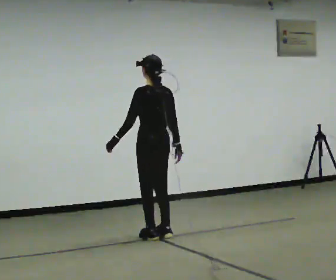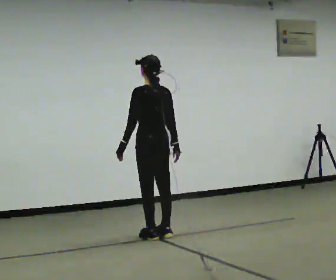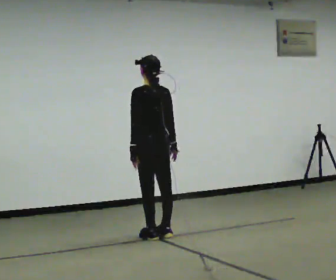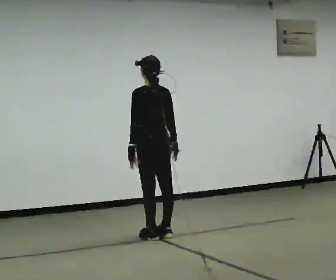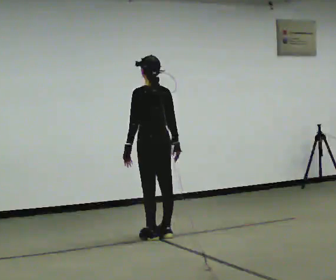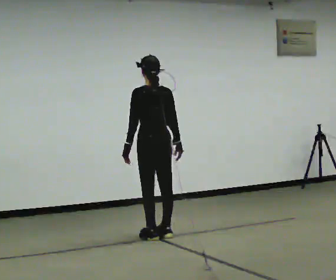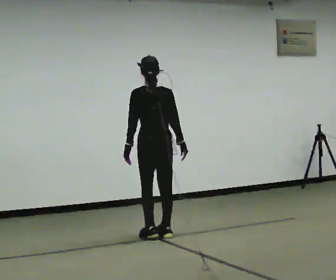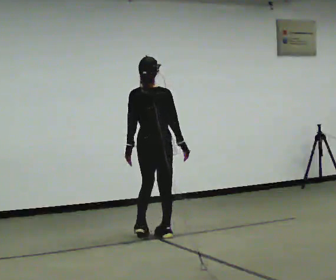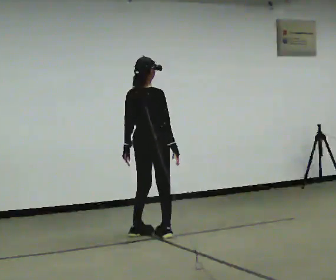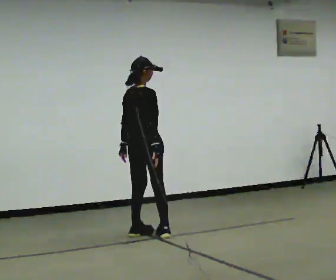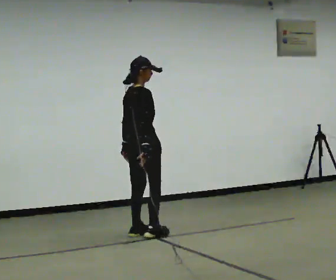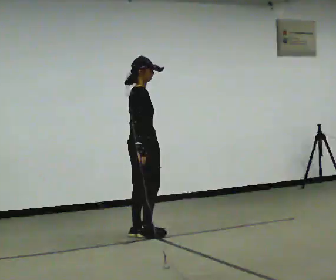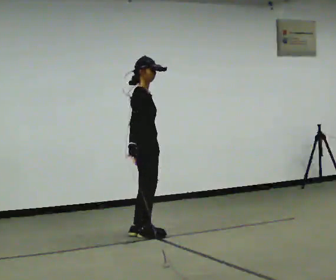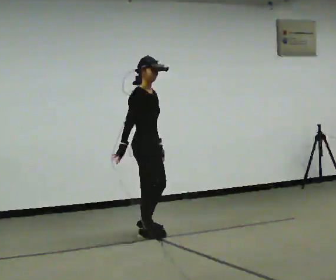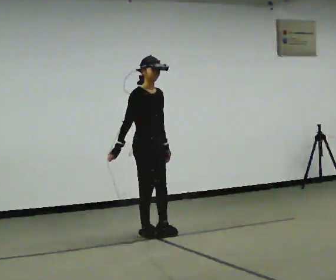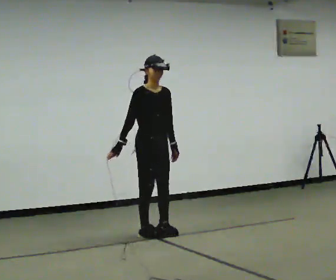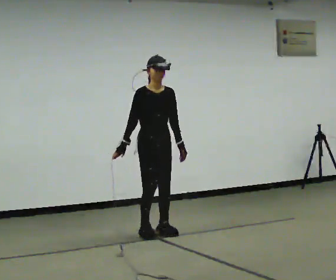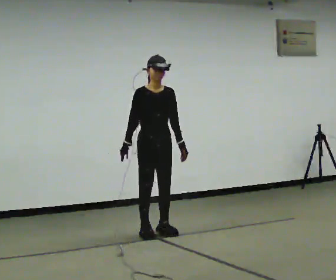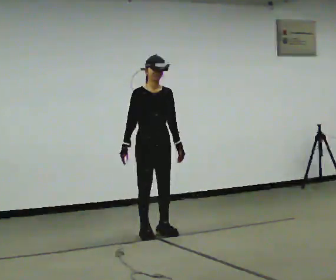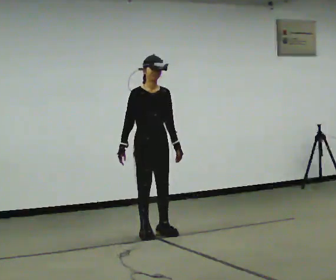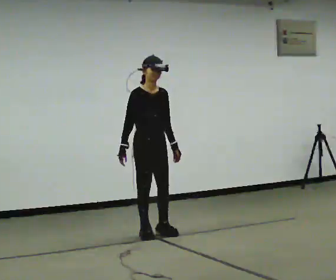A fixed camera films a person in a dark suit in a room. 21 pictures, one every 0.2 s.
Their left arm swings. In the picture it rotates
counterclockwise.
The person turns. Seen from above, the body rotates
clockwise.
0.0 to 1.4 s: The person turns about 30 degrees to their right, clockwise seen from above, so the part of the body nearest the lens slides to the left.
1.4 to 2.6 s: The part of the body nearest the lens slides to the left as the person turns to their right by about 105 degrees. In the picture their right hand goes to the left, the arm swinging clockwise.
2.6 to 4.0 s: The person turns about 30 degrees to their right, clockwise seen from above, so the part of the body nearest the lens slides to the left.
The film runs forward here.
